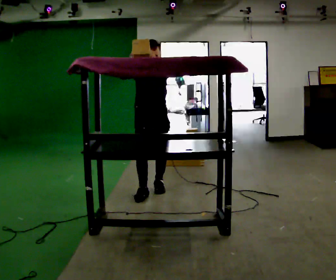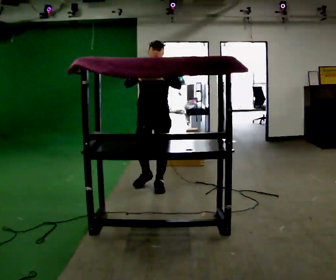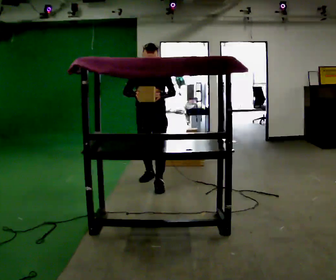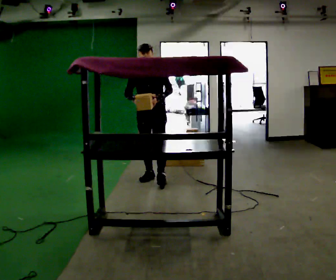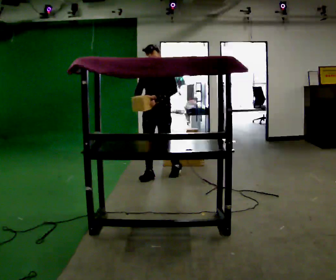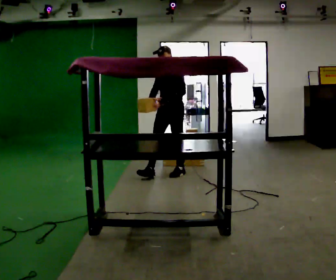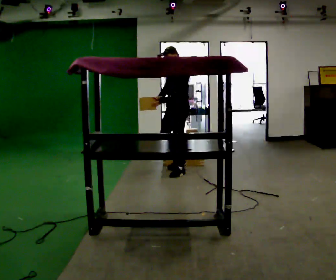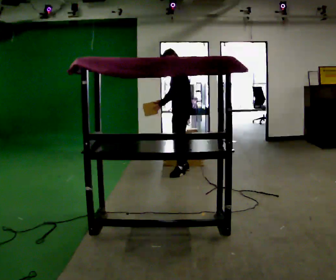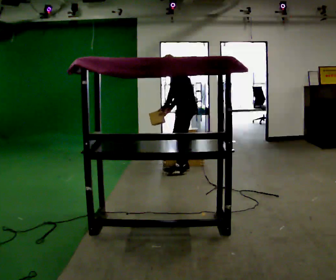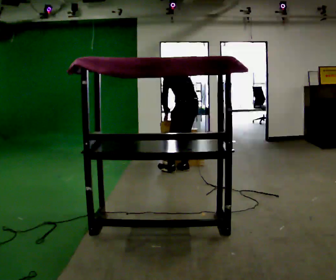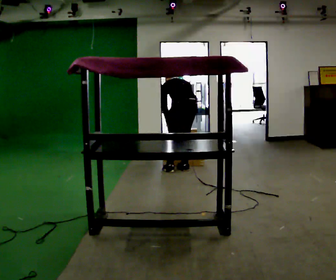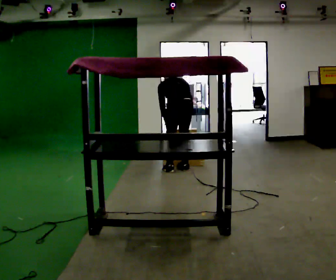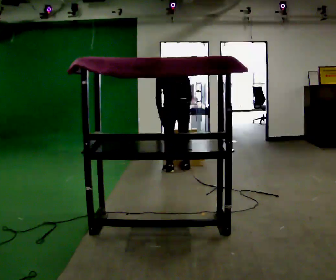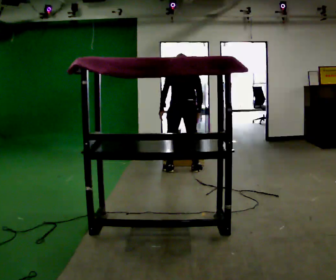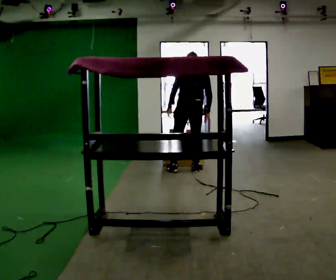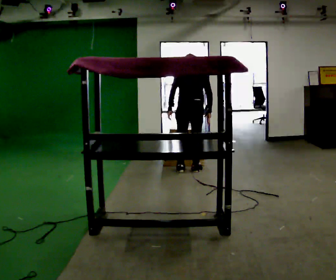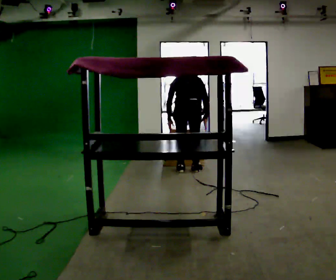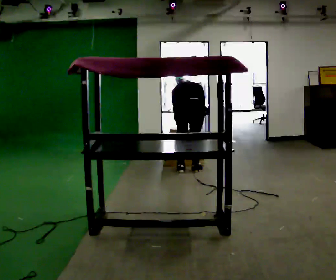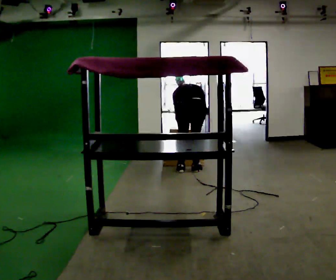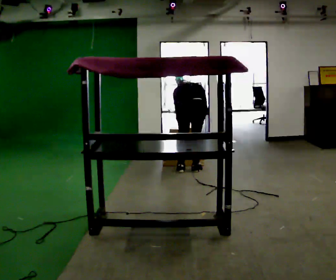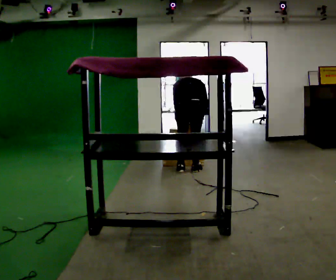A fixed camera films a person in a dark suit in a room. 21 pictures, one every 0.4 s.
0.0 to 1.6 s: The person turns about 30 degrees to their right, clockwise seen from above, so the part of the body nearest the lens slides to the left. In the picture they go away from the camera, about 0.75 m in 2 steps, which for them is backward. In the picture their right hand goes downward.
1.6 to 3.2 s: The person turns about 75 degrees to their right, clockwise seen from above, so the part of the body nearest the lens slides to the left. In the picture they go to the right and away from the camera, about 0.5 m in 1 step. In the picture the upper body tilts counterclockwise, shoulders to the left, as they bend forward.
3.2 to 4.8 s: Seen from above the body turns clockwise, about 75 degrees: to their right, with its near side sliding to the left. In the picture they go to the left, about 0.25 m in 1 step.
4.8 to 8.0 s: In the picture they go to the right, about 0.25 m, which for them is to their right. In the picture their left hand goes to the right.
The film runs backward here.
